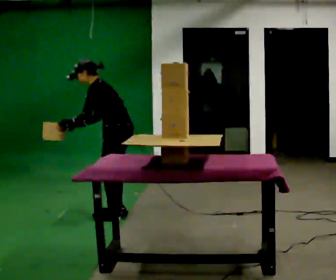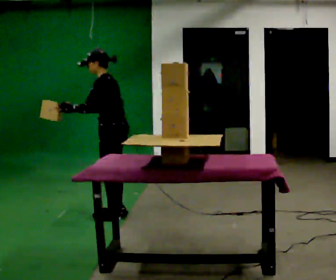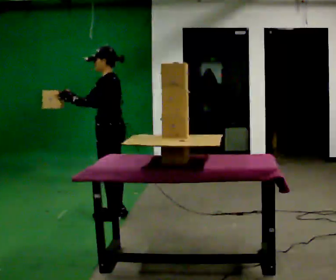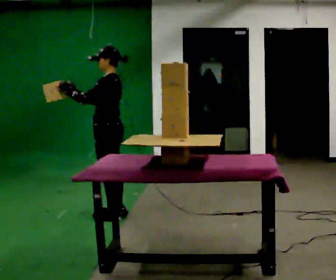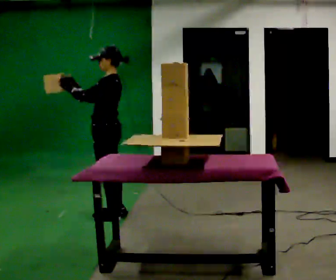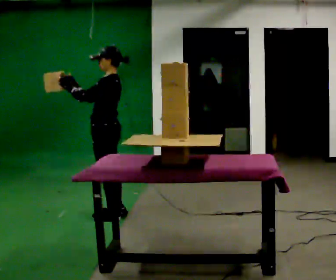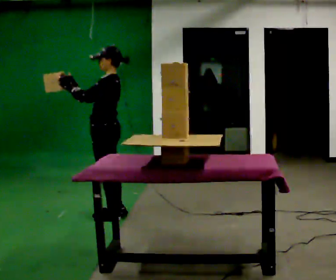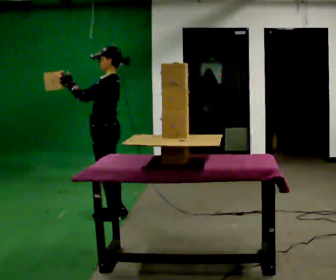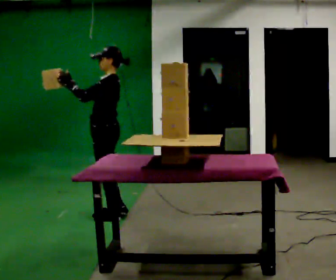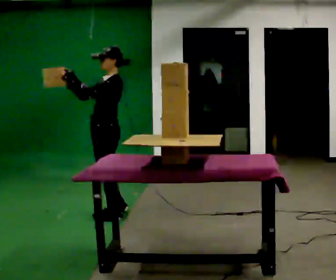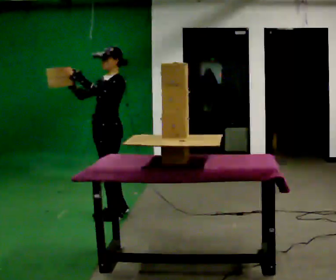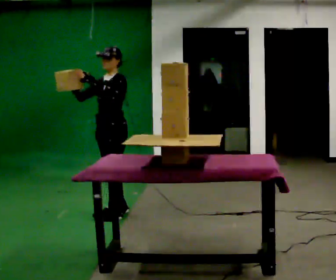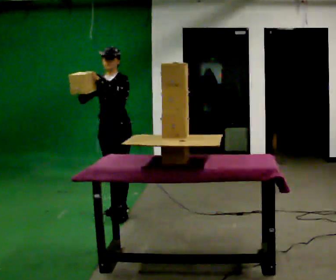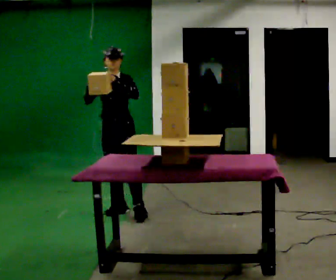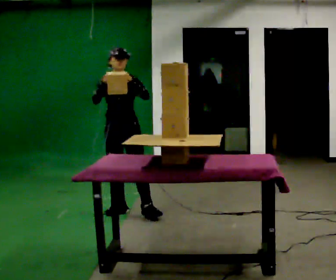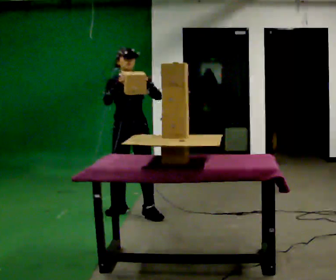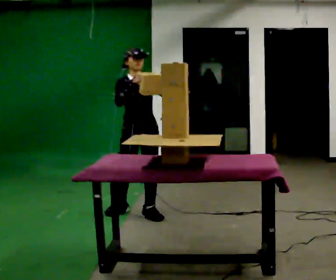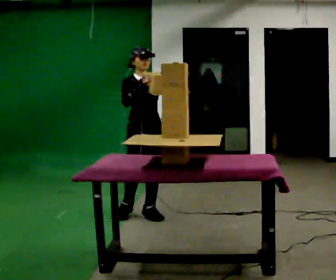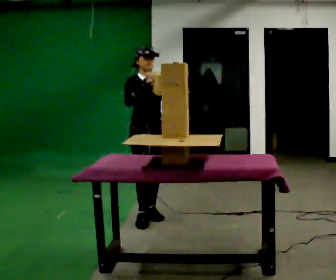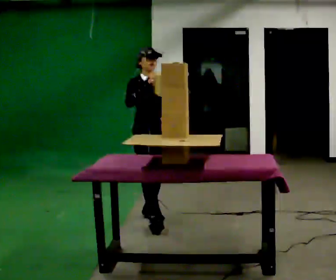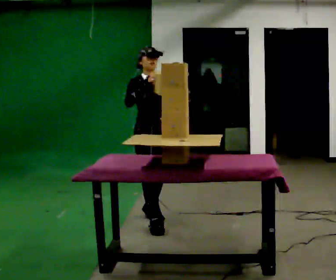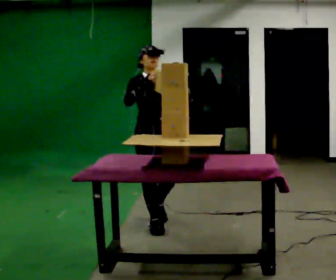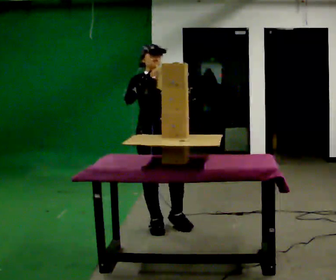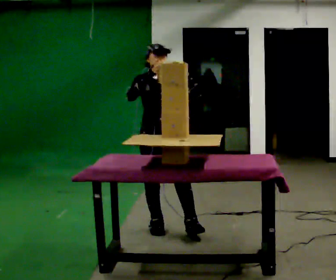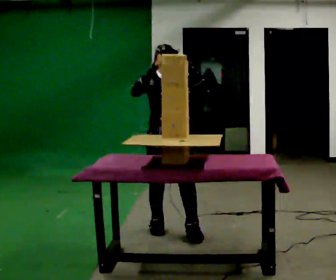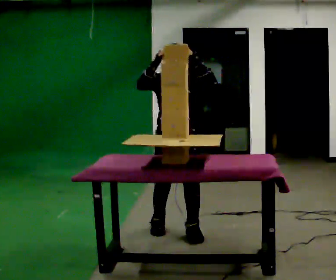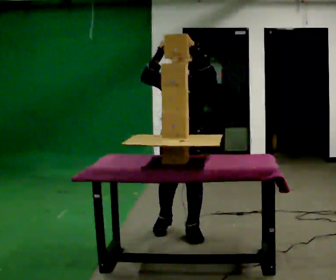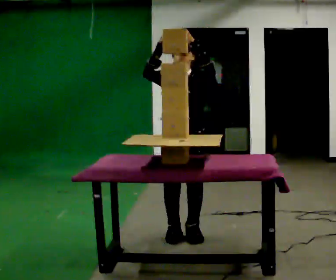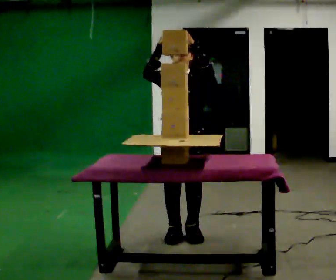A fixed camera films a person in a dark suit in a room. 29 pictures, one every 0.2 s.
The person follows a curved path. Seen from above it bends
clockwise.
0.0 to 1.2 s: In the picture the upper body tilts clockwise, shoulders to the right, as they lean back or straighten. In the picture their right hand goes upward, the arm swinging clockwise.
1.2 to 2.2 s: The part of the body nearest the lens slides to the right as the person turns to their left by about 45 degrees.
2.2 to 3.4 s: The part of the body nearest the lens slides to the right as the person turns to their left by about 60 degrees. In the picture they go to the right, about 0.25 m in 1 step.
3.4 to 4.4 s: In the picture they go toward the camera, about 0.5 m in 1 step, which for them is forward.
4.4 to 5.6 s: The person turns about 30 degrees to their right, clockwise seen from above, so the part of the body nearest the lens slides to the left. In the picture they go toward the camera and to the right, about 0.25 m in 2 steps, which for them is forward and to their left.
The film runs forward here.
